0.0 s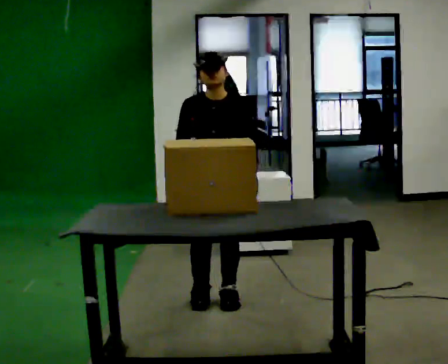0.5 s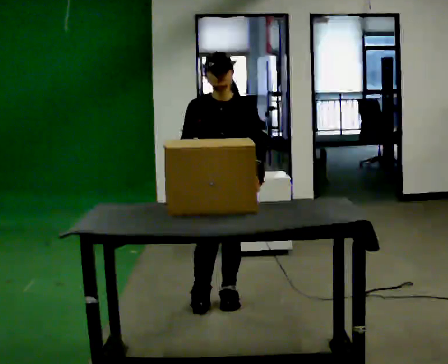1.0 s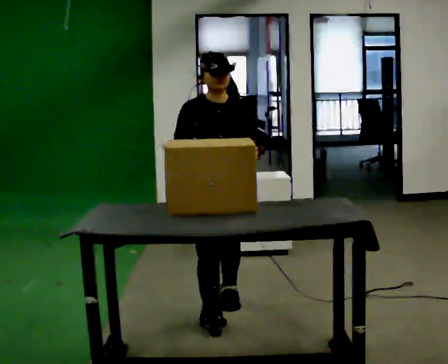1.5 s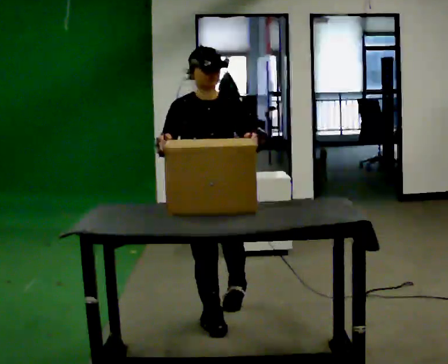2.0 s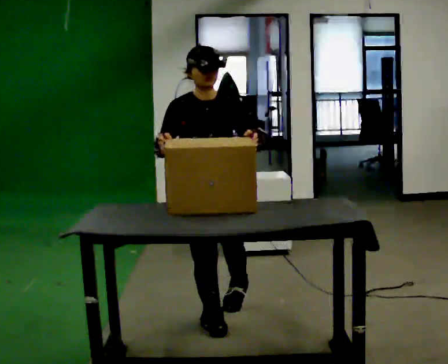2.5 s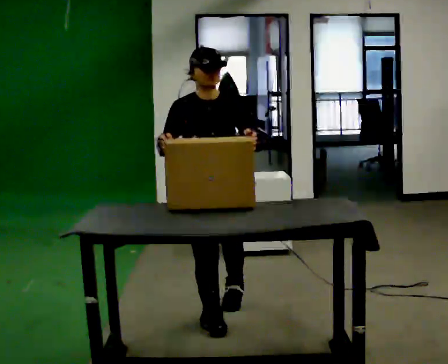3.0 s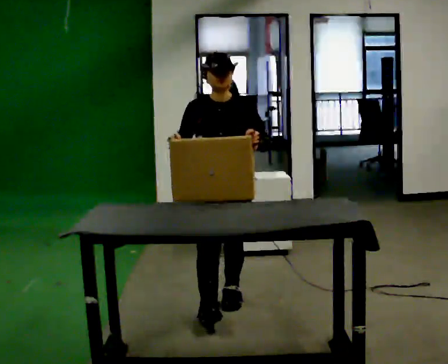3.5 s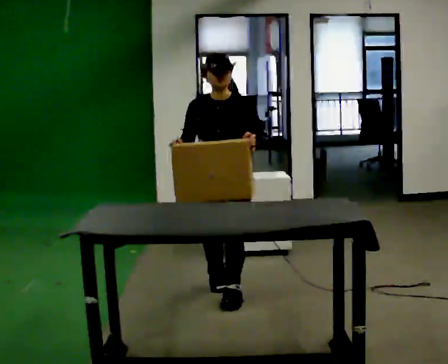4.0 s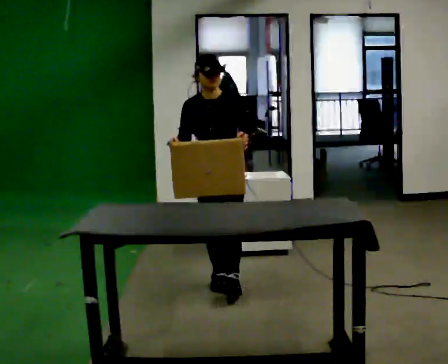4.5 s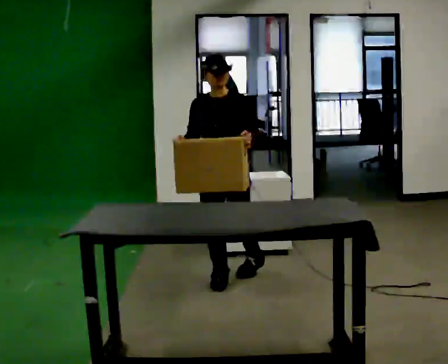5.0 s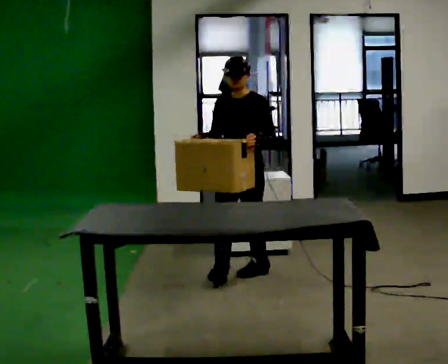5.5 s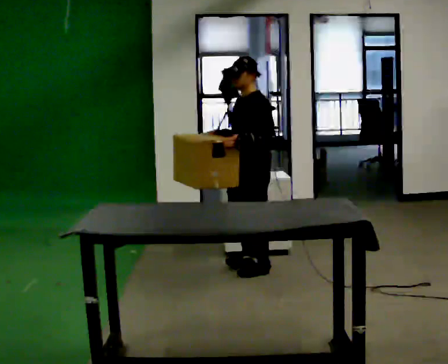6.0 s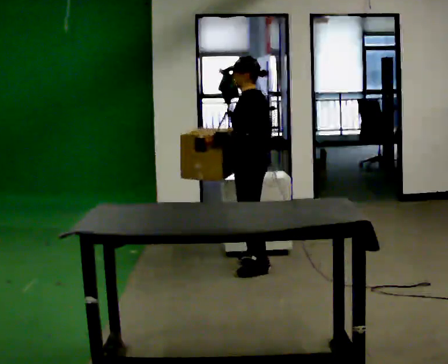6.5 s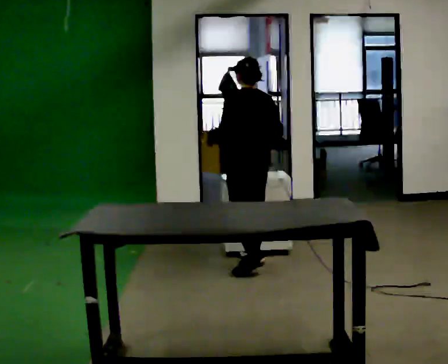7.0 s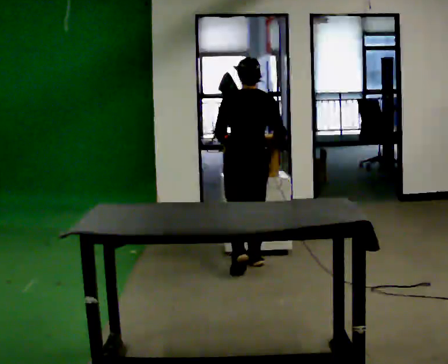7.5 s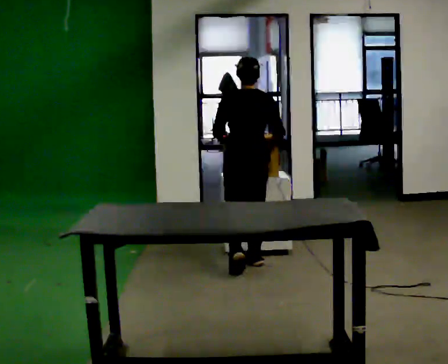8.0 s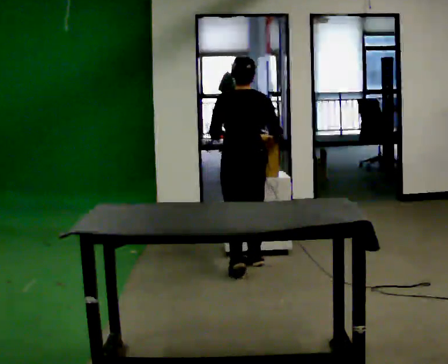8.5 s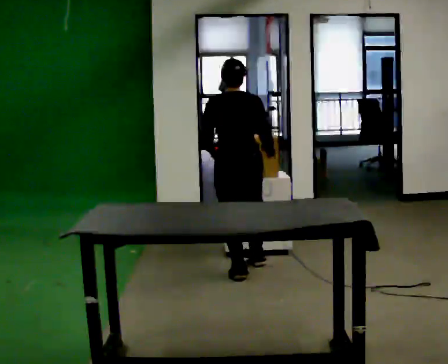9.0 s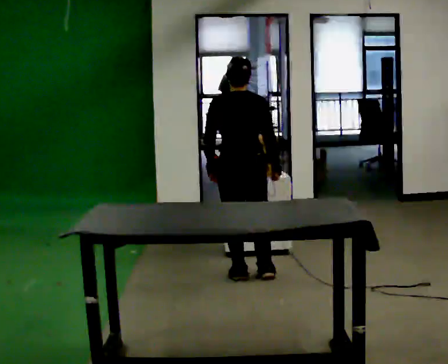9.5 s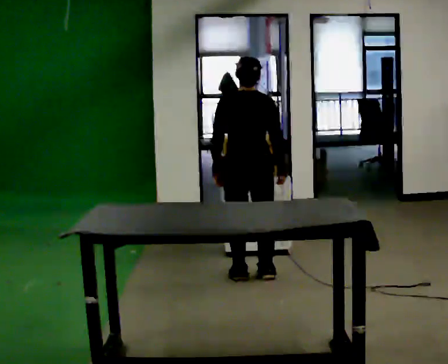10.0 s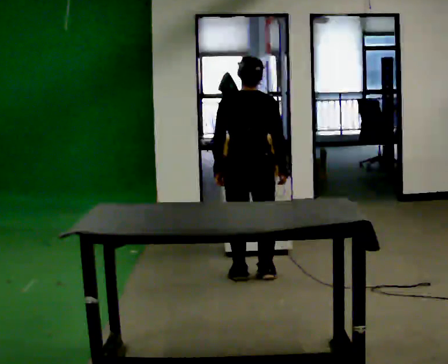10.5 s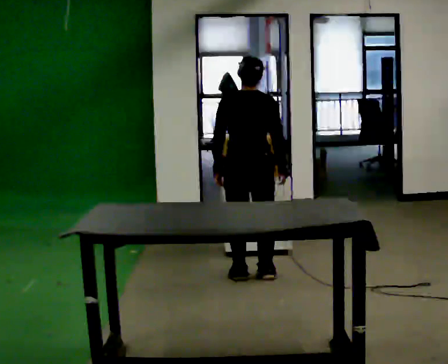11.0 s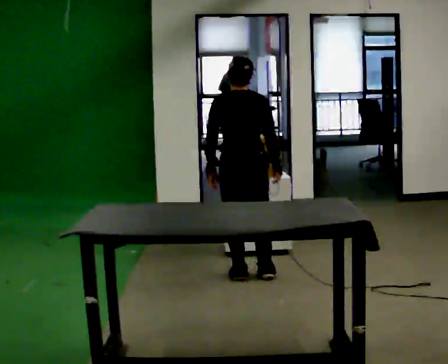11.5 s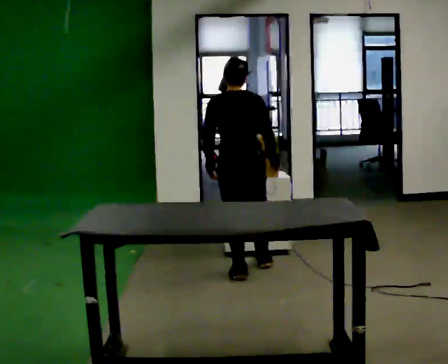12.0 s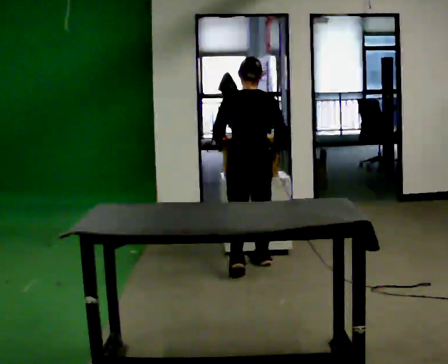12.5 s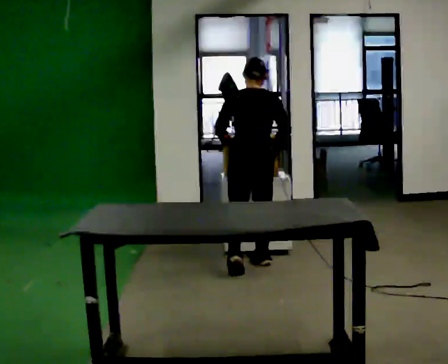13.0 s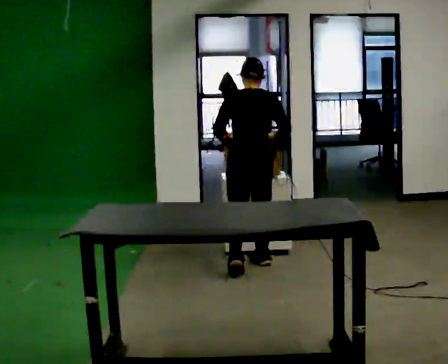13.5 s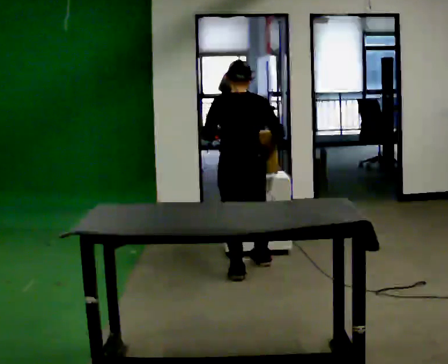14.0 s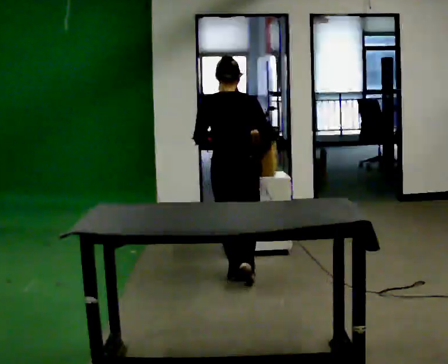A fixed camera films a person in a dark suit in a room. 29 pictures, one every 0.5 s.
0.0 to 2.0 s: In the picture they go toward the camera, about 0.25 m in 1 step, which for them is forward.
2.0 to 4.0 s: In the picture they go away from the camera, about 0.5 m in 2 steps, which for them is backward.
4.0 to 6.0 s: The person turns about 90 degrees to their right, clockwise seen from above, so the part of the body nearest the lens slides to the left. In the picture they go away from the camera and to the right, about 0.5 m in 1 step.
6.0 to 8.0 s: The part of the body nearest the lens slides to the left as the person turns to their right by about 75 degrees.
8.0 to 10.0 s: In the picture they go toward the camera, about 0.25 m in 1 step, which for them is backward.
10.0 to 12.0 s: In the picture they go away from the camera, about 0.25 m in 1 step, which for them is forward.
12.0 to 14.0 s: In the picture they go toward the camera, about 0.25 m in 1 step, which for them is backward and to their left.
The film runs backward here.
